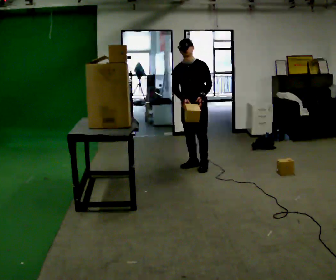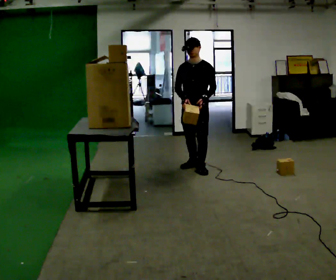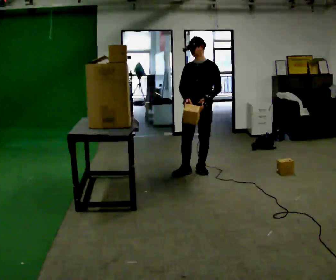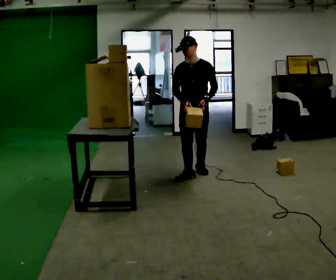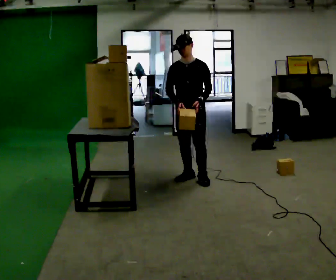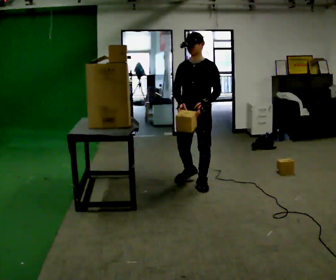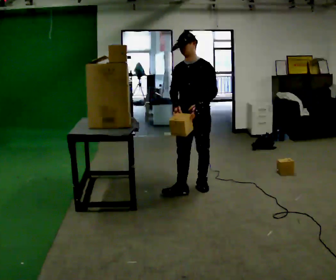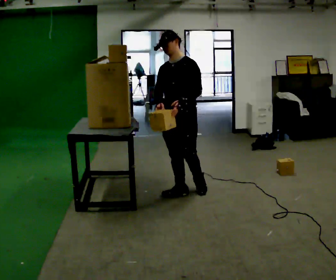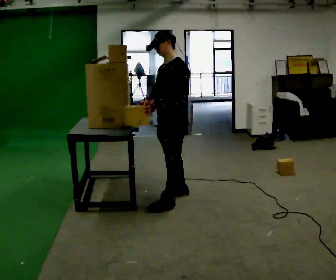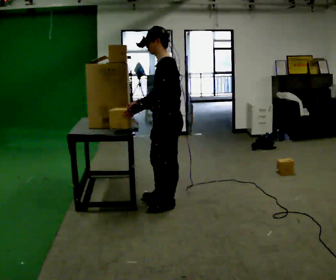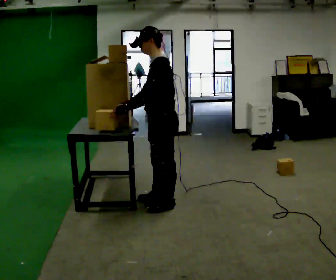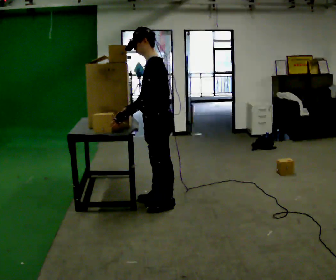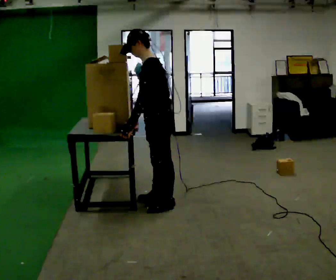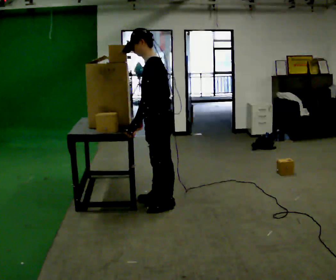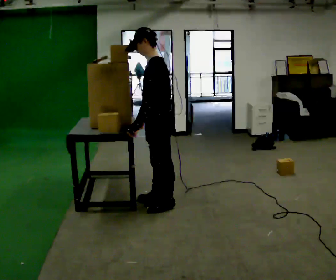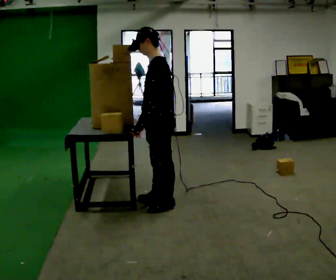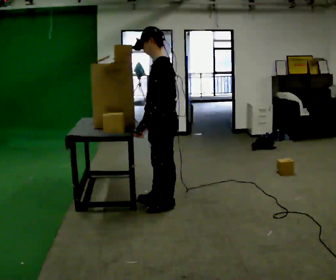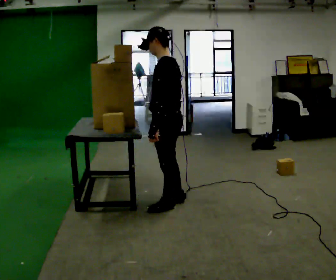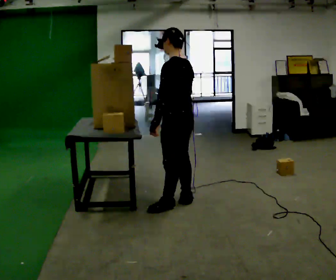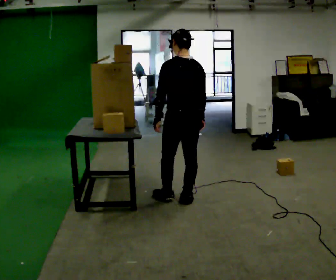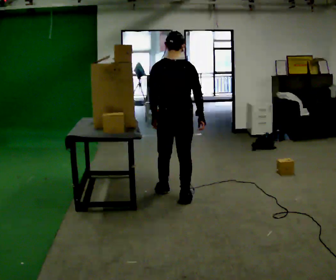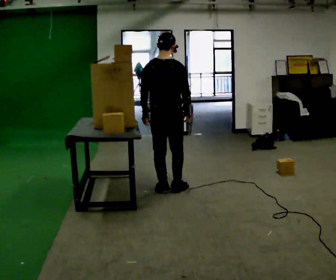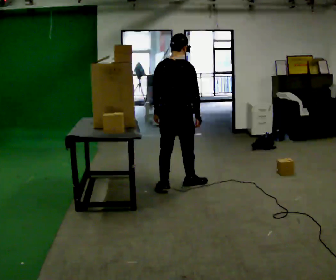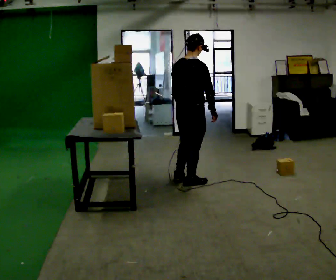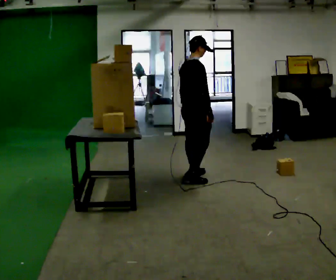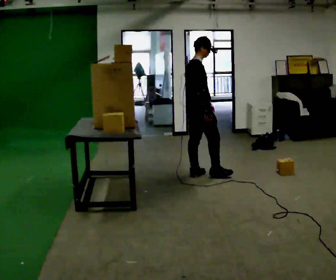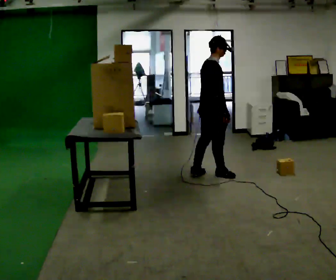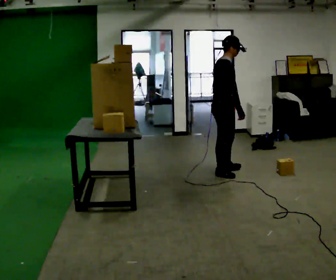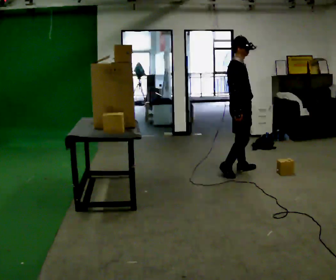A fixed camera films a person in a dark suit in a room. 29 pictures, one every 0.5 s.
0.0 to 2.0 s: In the picture they go toward the camera, about 0.5 m in 2 steps, which for them is forward.
2.0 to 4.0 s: Seen from above the body turns clockwise, about 45 degrees: to their right, with its near side sliding to the left. In the picture they go toward the camera, about 0.5 m in 3 steps, which for them is forward.
4.0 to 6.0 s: Seen from above the body turns clockwise, about 30 degrees: to their right, with its near side sliding to the left. In the picture they go toward the camera, about 0.25 m in 1 step, which for them is to their left and forward.
6.0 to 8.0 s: The person moves a little, or ends about where they began.
8.0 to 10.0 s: The part of the body nearest the lens slides to the left as the person turns to their right by about 90 degrees. In the picture they go away from the camera, about 0.25 m in 2 steps.
10.0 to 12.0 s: The person turns about 60 degrees to their right, clockwise seen from above, so the part of the body nearest the lens slides to the left. In the picture they go away from the camera, about 0.75 m in 2 steps.
12.0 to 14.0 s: The person turns about 45 degrees to their right, clockwise seen from above, so the part of the body nearest the lens slides to the left. In the picture they go to the right, about 0.5 m in 2 steps, which for them is forward.
The film runs forward here.
